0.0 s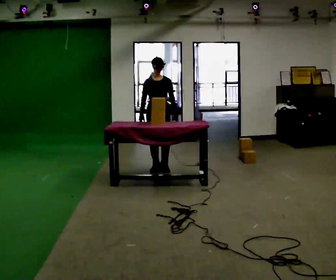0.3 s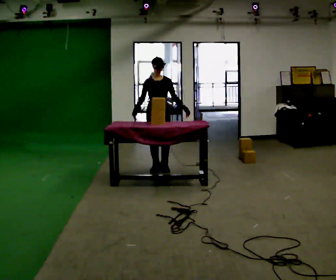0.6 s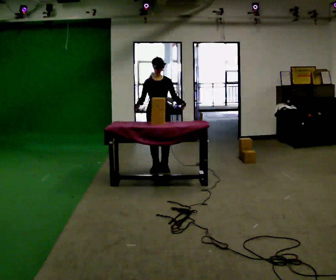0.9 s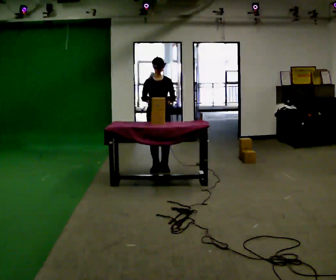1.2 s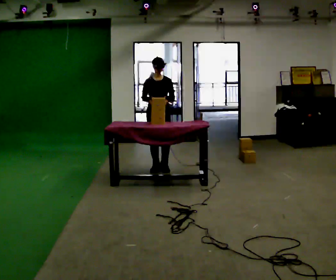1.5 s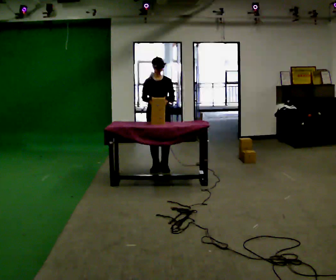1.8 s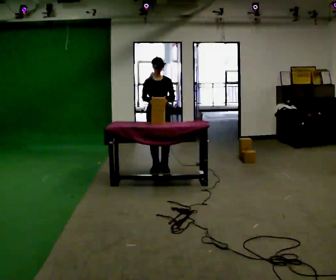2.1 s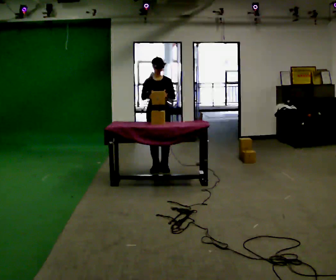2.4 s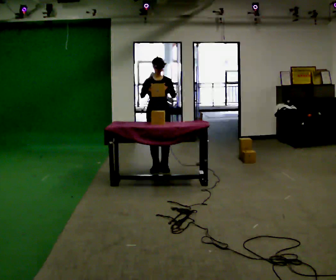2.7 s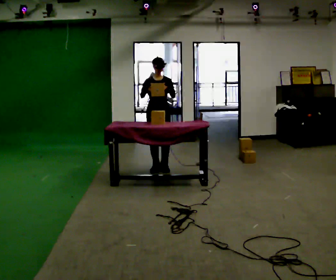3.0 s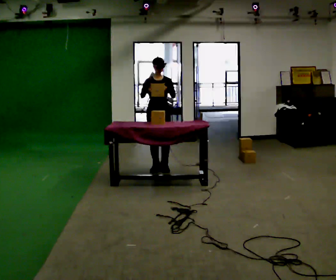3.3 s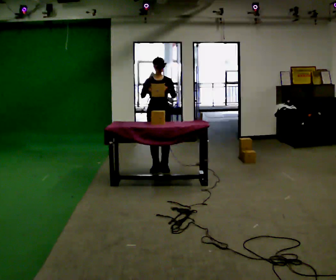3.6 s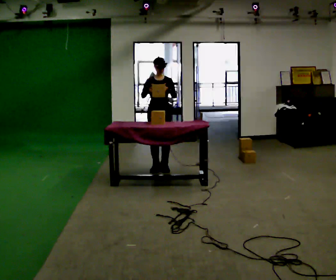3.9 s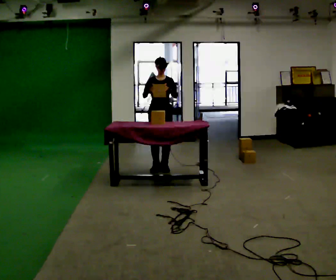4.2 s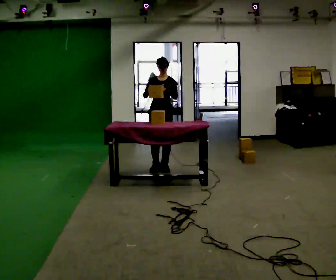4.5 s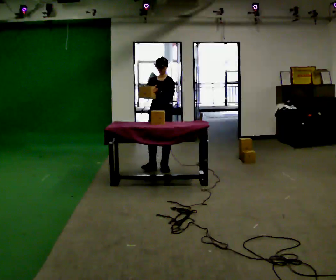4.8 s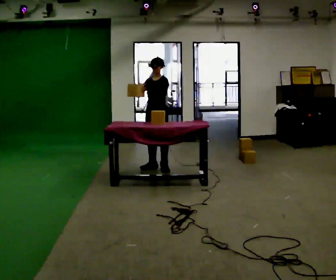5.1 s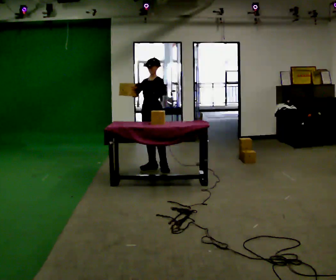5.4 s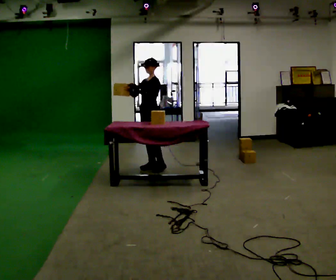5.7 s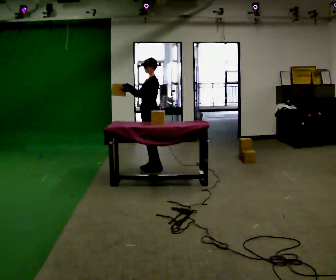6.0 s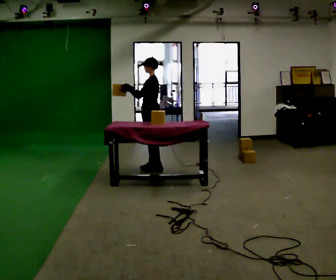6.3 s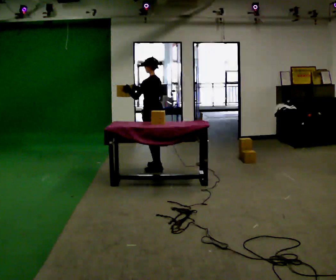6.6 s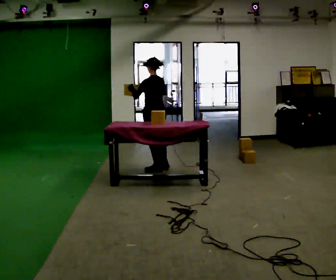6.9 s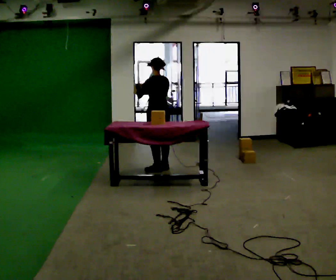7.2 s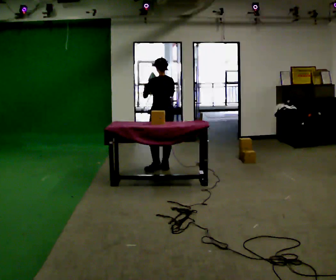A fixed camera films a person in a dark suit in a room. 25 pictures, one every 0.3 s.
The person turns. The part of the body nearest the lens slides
to the left.
The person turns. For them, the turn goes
to their right.
0.0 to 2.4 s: In the picture their left hand goes upward.
2.4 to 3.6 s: The person keeps their place and pose.
3.6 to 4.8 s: The person turns about 30 degrees to their right, clockwise seen from above, so the part of the body nearest the lens slides to the left.
4.8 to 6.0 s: The person turns about 60 degrees to their right, clockwise seen from above, so the part of the body nearest the lens slides to the left.
6.0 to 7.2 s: The part of the body nearest the lens slides to the left as the person turns to their right by about 60 degrees.
The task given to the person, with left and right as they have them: Take boxes off the top of the stack one at a time and carry them away, walking back for each one. Keep going until the operator says stop; one object at a time, and do not rush between trips.
The film runs forward here.
